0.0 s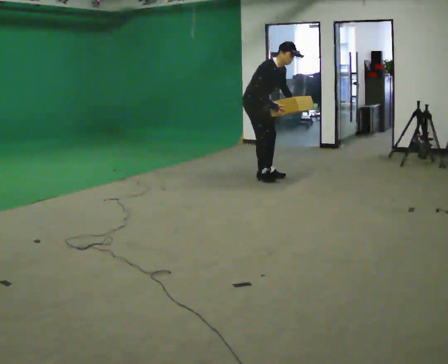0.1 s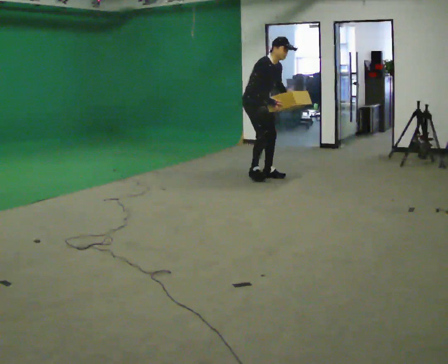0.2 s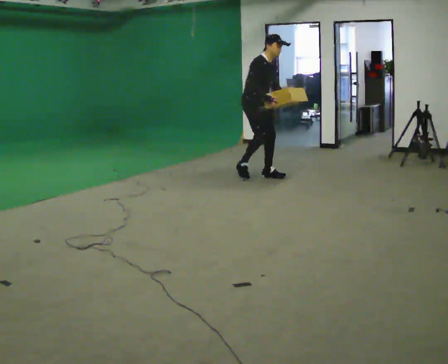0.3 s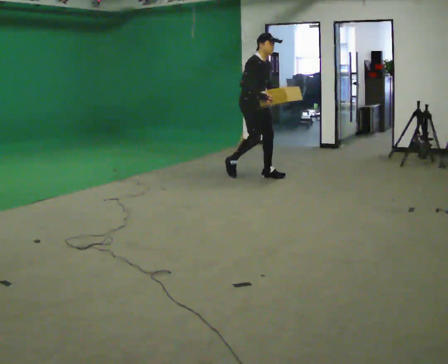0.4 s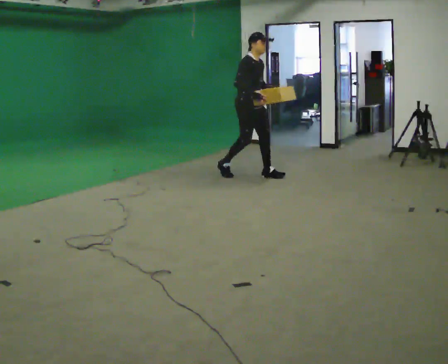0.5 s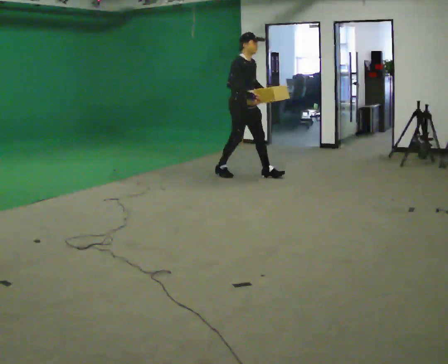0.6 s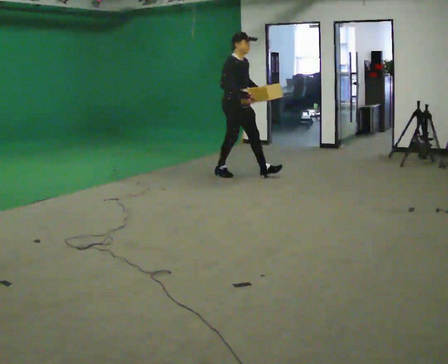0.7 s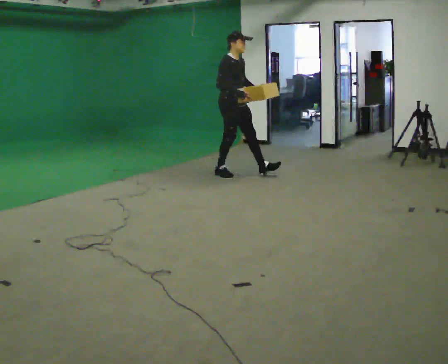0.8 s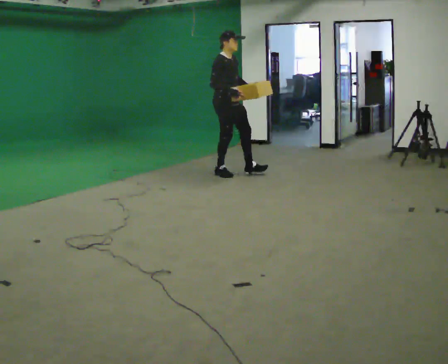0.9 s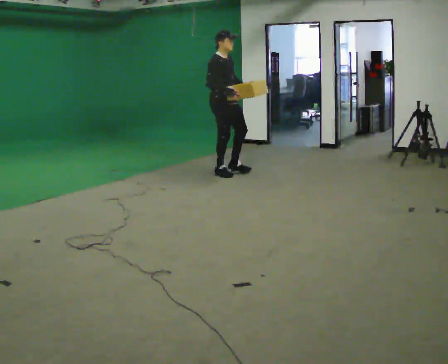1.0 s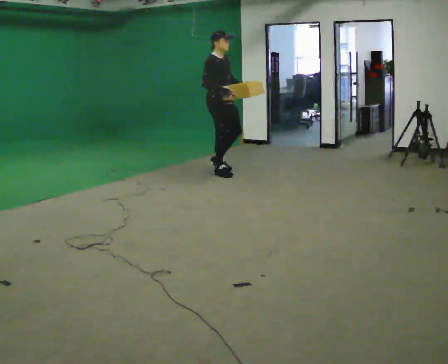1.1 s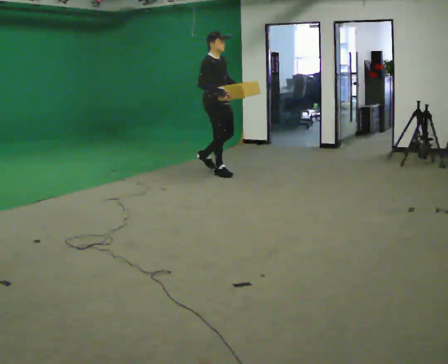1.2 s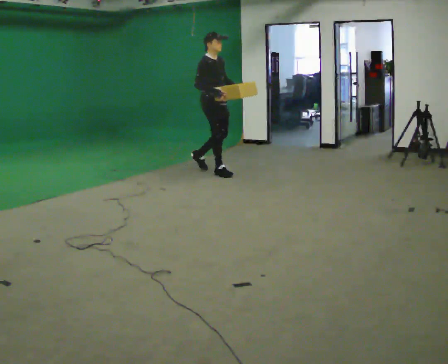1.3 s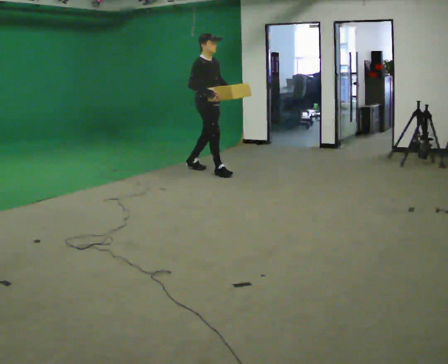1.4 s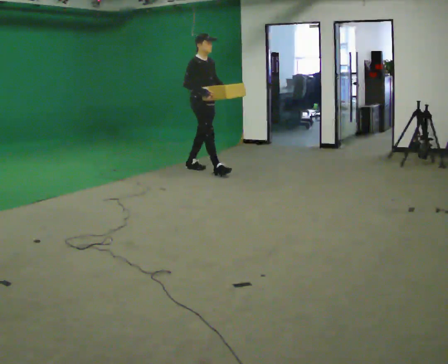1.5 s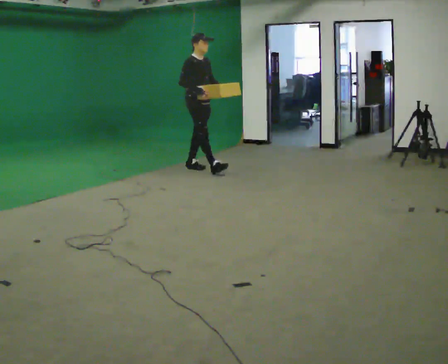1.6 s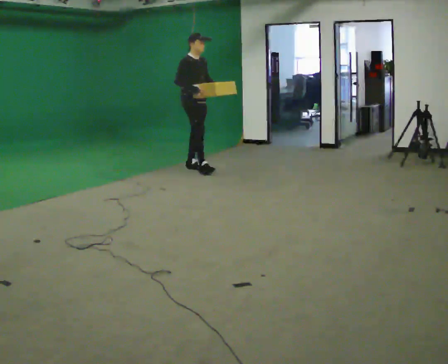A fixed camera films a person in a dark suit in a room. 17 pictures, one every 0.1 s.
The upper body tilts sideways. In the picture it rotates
counterclockwise.
0.0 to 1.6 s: In the picture they go to the left and away from the camera, about 1 m in 2 steps, which for them is backward. In the picture the upper body tilts counterclockwise, shoulders to the left, as they lean back or straighten.
The film runs backward here.
